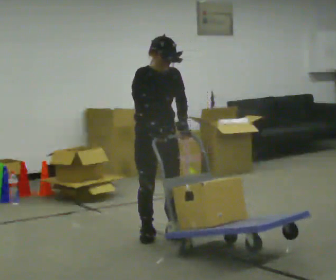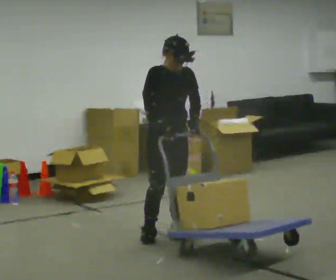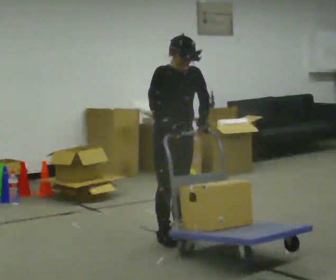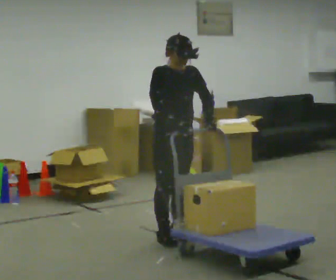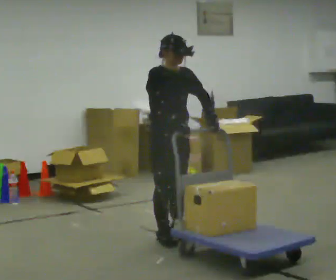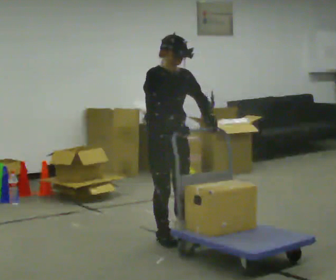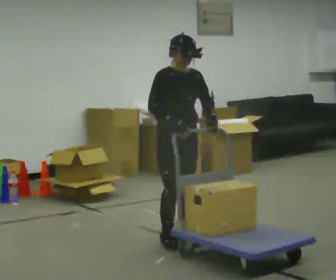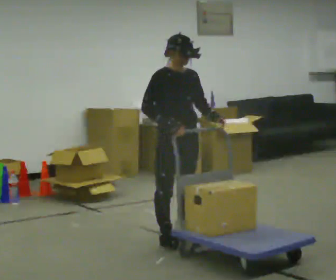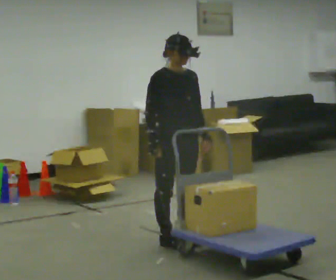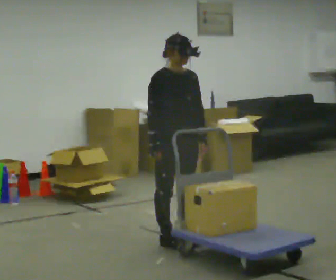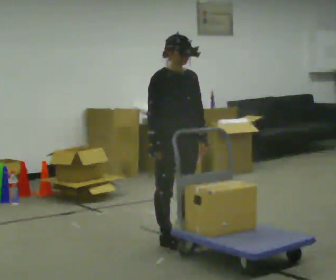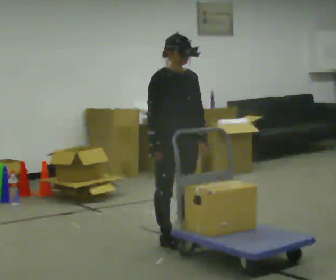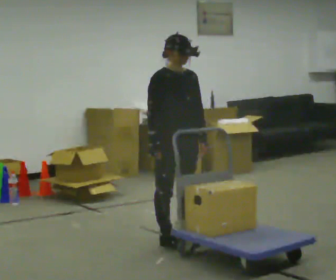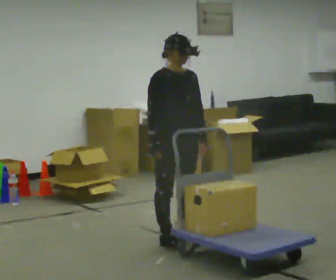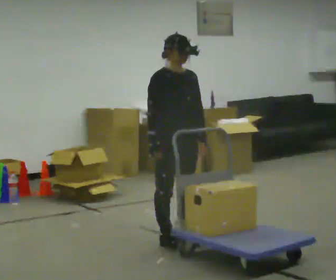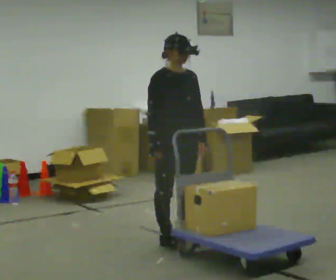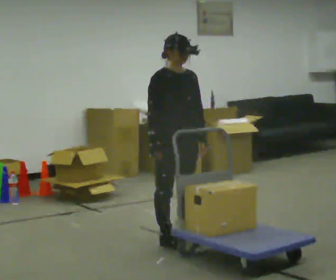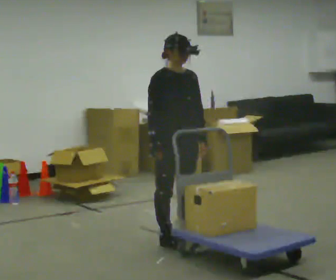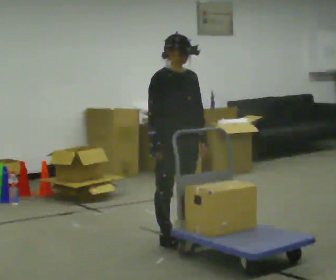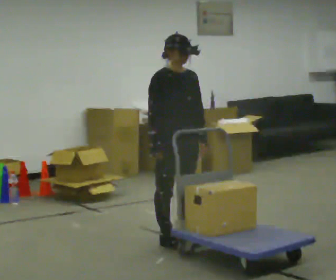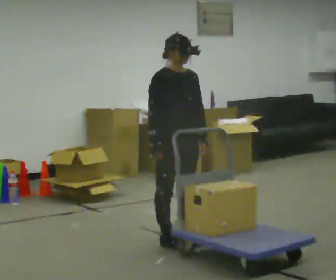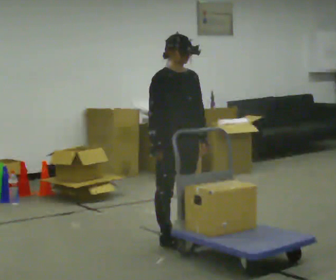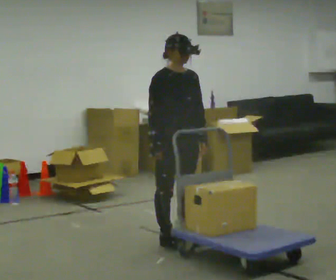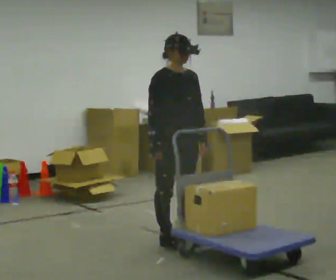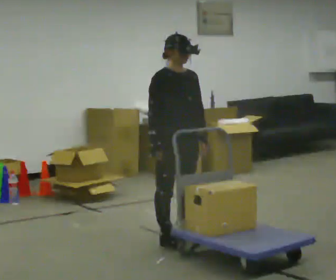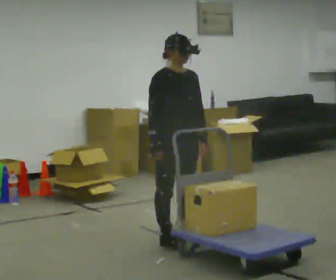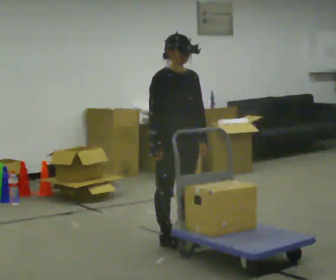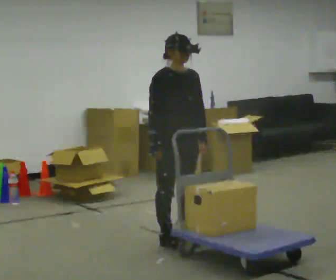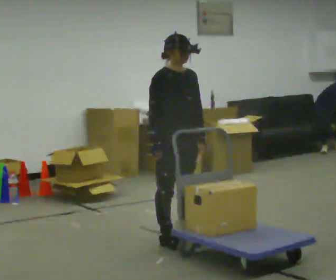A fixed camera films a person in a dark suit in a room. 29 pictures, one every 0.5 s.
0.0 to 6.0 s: In the picture they go to the right and toward the camera, about 0.25 m in 2 steps, which for them is forward.
6.0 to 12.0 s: The person keeps their place and pose.
12.0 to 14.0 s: The person moves a little, or ends about where they began.
The film runs backward here.
